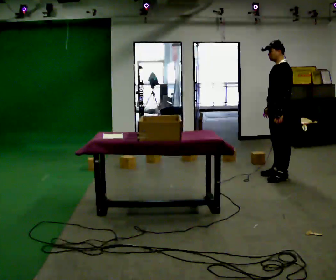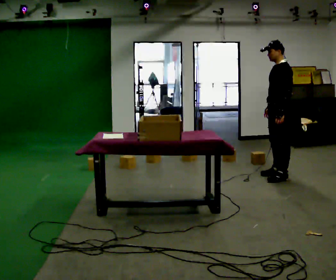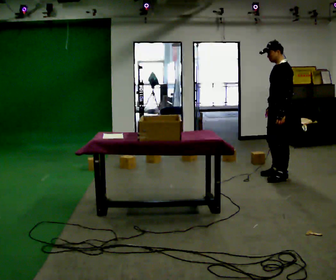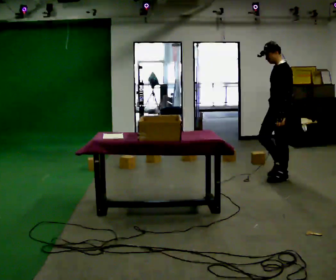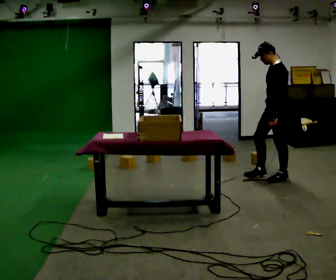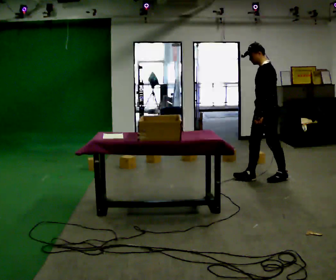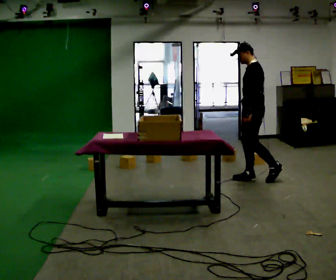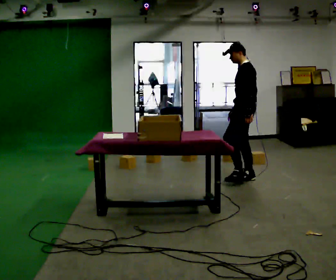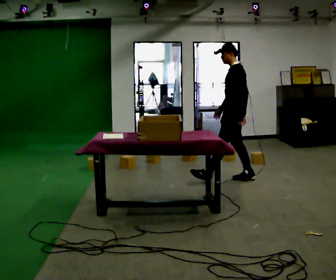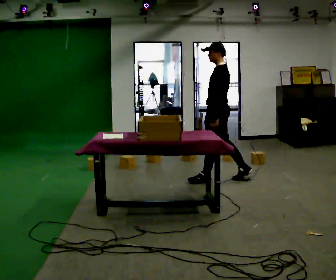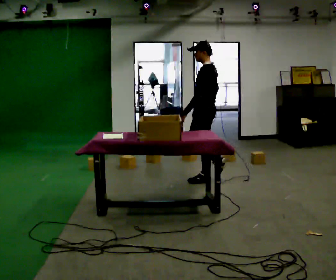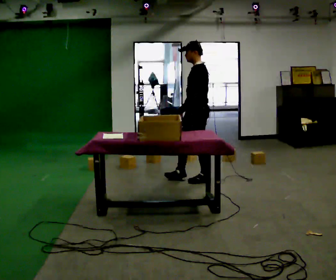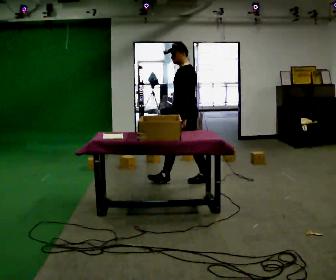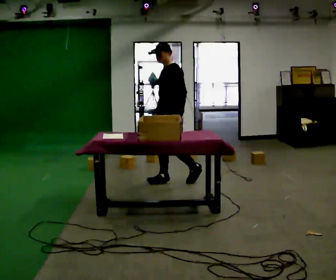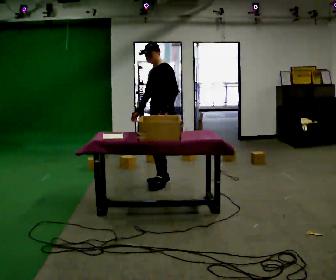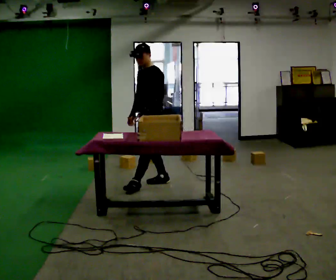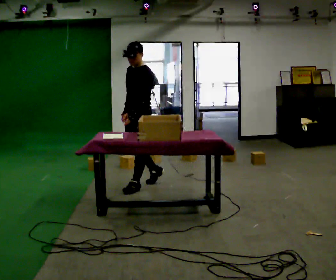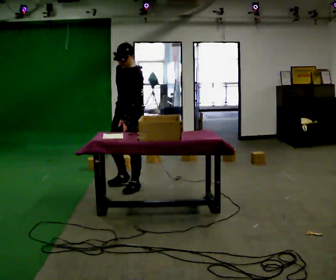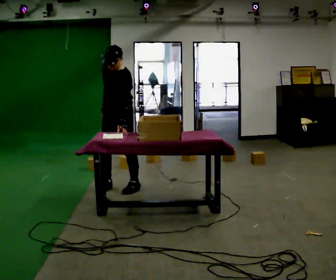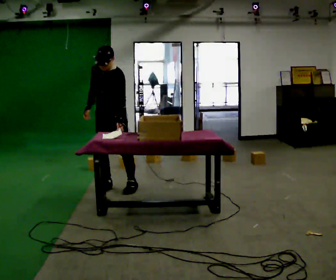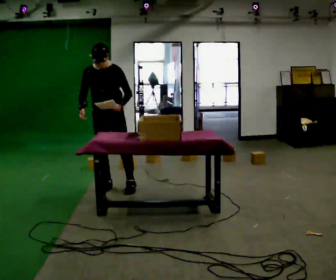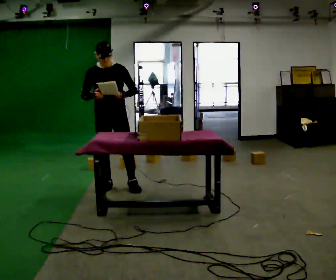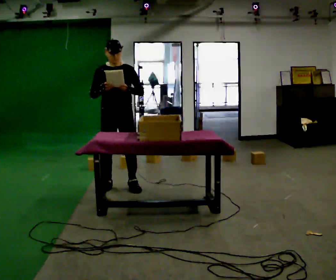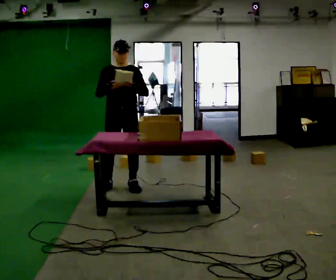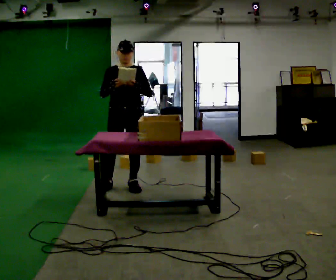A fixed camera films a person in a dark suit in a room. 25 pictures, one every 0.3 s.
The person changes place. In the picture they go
to the left.
0.0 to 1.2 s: The person moves a little, or ends about where they began.
1.2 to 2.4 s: In the picture they go to the left, about 0.5 m in 1 step, which for them is forward.
2.4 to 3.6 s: The part of the body nearest the lens slides to the right as the person turns to their left by about 30 degrees. In the picture they go to the left, about 0.5 m in 2 steps, which for them is forward.
3.6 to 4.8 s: In the picture they go to the left and toward the camera, about 0.5 m in 1 step, which for them is forward.
4.8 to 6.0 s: The person turns about 60 degrees to their left, counterclockwise seen from above, so the part of the body nearest the lens slides to the right. In the picture they go to the left, about 0.25 m in 1 step, which for them is forward and to their right.
6.0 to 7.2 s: In the picture they go to the right, about 0.25 m, which for them is to their left. The upper body tips away from the camera, its near side rolling upward, as they lean back or straighten. In the picture their right hand goes to the right.
The film runs forward here.
